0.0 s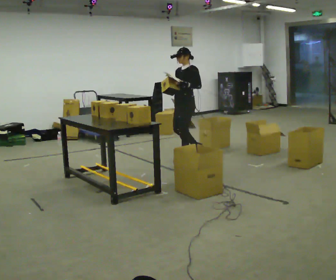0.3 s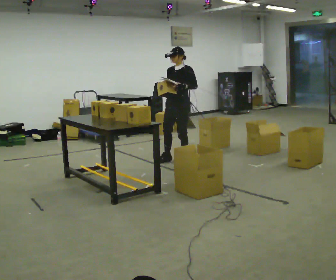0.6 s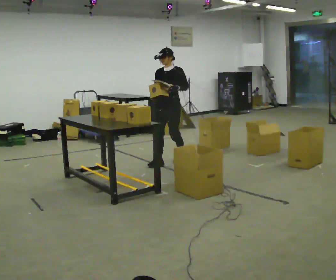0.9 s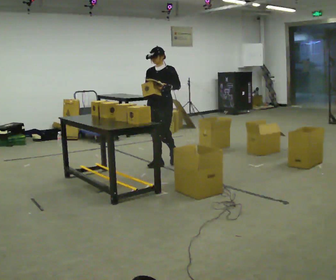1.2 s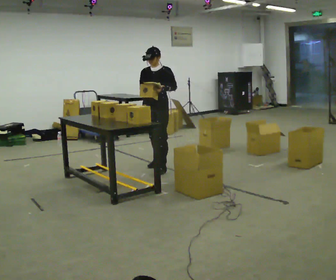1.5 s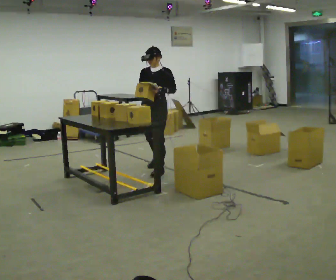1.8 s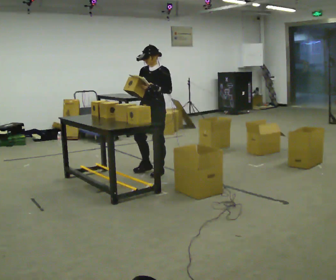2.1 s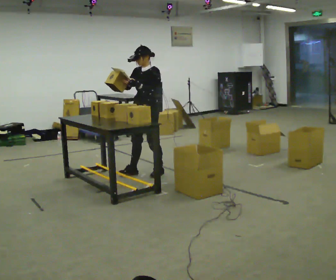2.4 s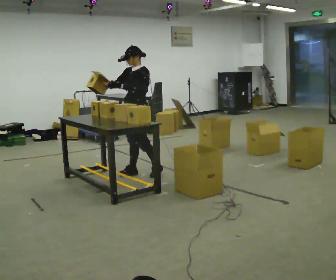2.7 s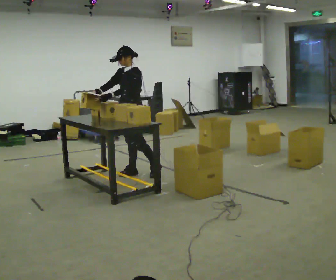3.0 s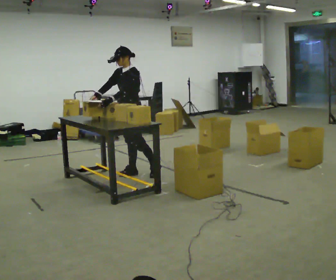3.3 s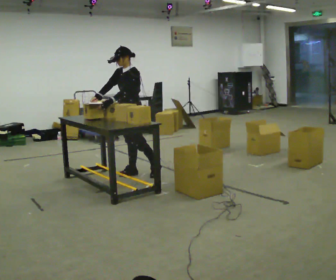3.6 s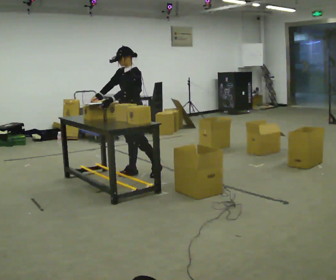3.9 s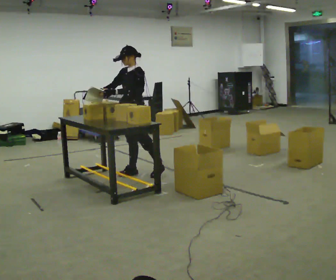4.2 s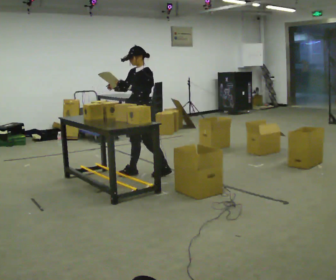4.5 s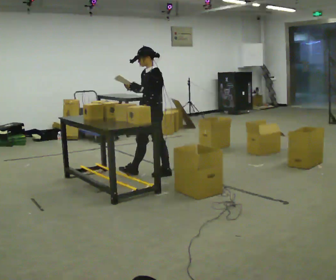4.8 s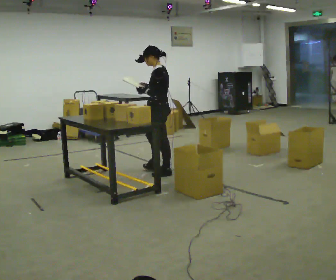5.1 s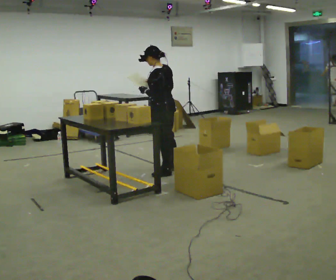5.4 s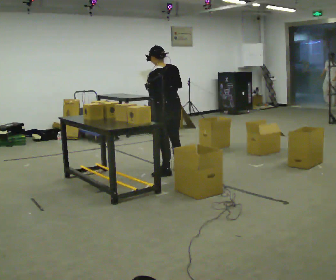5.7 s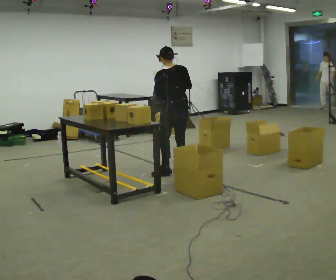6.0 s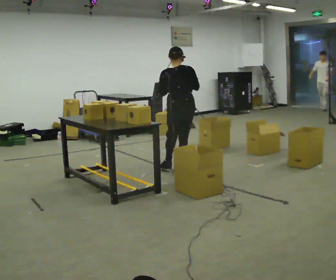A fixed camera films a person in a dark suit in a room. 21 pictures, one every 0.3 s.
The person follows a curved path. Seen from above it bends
counterclockwise.
0.0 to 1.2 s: Seen from above the body turns counterclockwise, about 30 degrees: to their left, with its near side sliding to the right. In the picture they go to the left and toward the camera, about 0.5 m in 1 step, which for them is forward.
1.2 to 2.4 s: In the picture they go toward the camera and to the left, about 0.5 m in 2 steps, which for them is forward.
2.4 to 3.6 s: The person moves a little, or ends about where they began.
3.6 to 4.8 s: The part of the body nearest the lens slides to the left as the person turns to their right by about 45 degrees. In the picture they go to the right, about 0.25 m, which for them is to their left and backward.
4.8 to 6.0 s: Seen from above the body turns clockwise, about 90 degrees: to their right, with its near side sliding to the left. In the picture they go to the right, about 0.25 m in 1 step.
The film runs forward here.
